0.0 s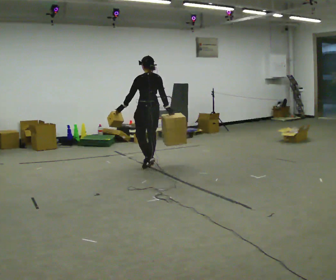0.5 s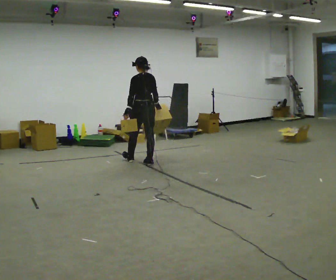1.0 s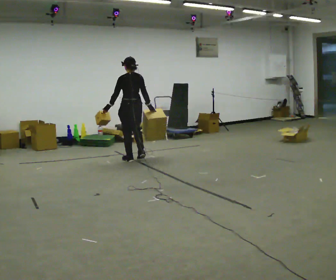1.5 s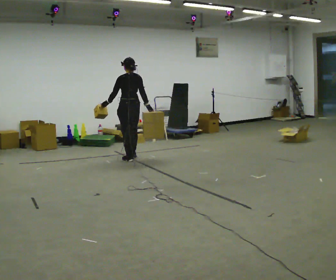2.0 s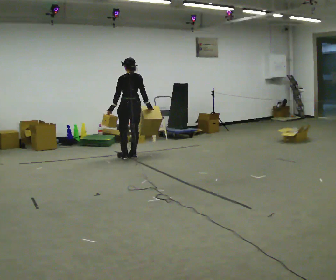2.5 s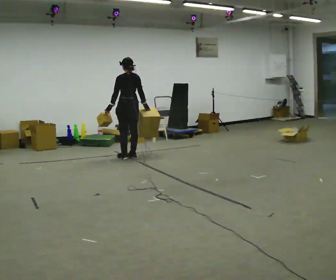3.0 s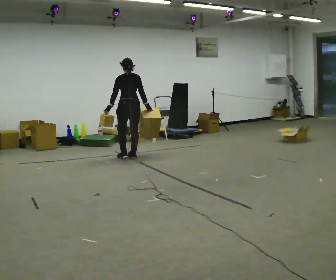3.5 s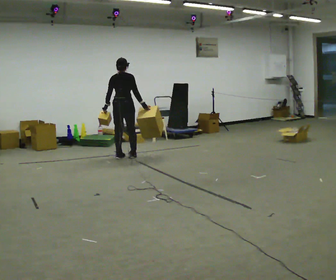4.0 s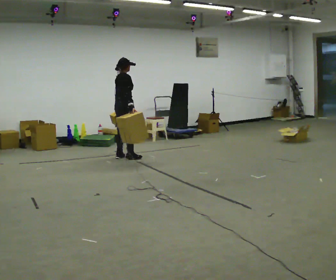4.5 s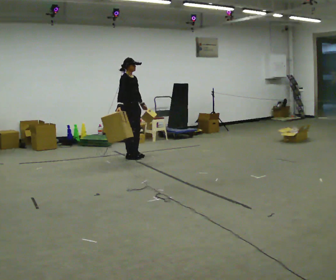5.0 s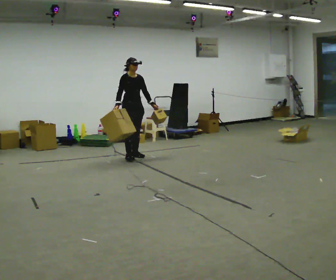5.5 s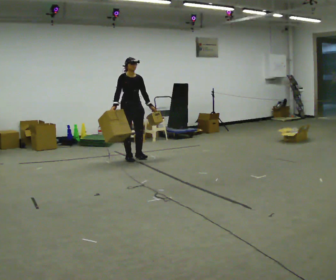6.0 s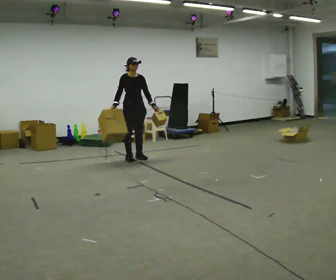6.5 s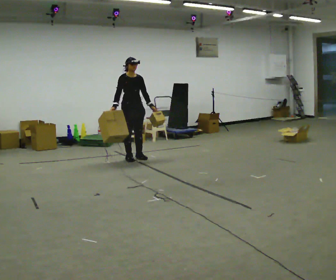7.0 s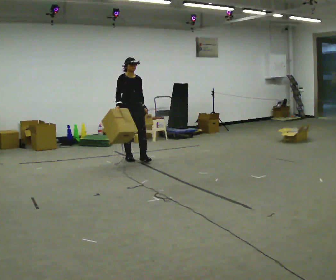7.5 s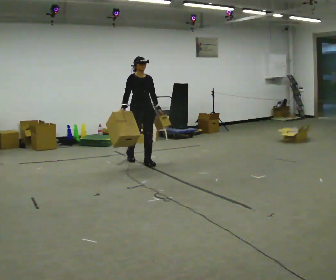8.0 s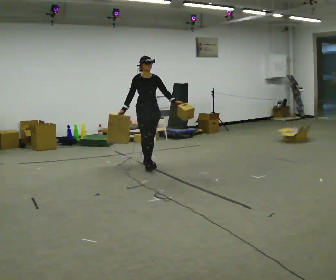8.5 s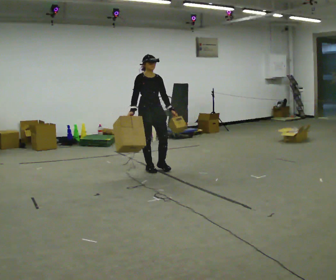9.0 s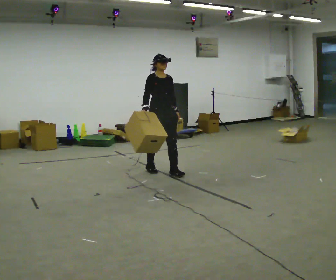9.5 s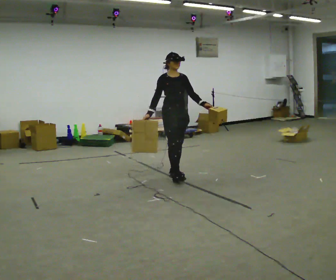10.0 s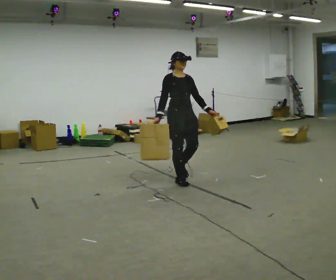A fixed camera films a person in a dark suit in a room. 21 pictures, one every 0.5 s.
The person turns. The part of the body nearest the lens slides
to the left.
The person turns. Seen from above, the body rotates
clockwise.
0.0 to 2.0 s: In the picture they go away from the camera and to the left, about 0.75 m in 3 steps, which for them is forward.
2.0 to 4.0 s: Seen from above the body turns clockwise, about 75 degrees: to their right, with its near side sliding to the left. In the picture their right hand goes to the left.
4.0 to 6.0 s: Seen from above the body turns clockwise, about 90 degrees: to their right, with its near side sliding to the left. In the picture their left hand goes to the right, the arm swinging counterclockwise.
6.0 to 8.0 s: In the picture they go toward the camera and to the right, about 0.5 m in 2 steps, which for them is forward.
8.0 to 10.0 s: In the picture they go toward the camera, about 1 m in 2 steps, which for them is forward.
The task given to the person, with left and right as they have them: Carry one object in each hand, the heavy one in the hand the operator calls, walking back and forth across the room.
The film runs forward here.
